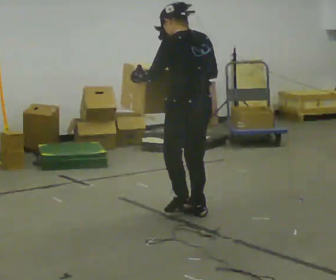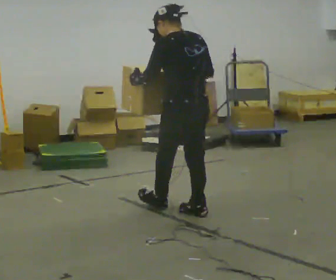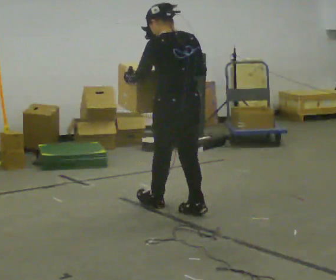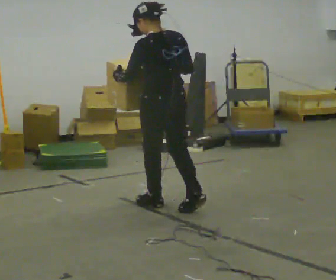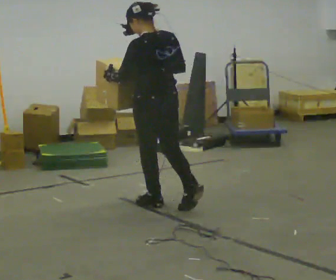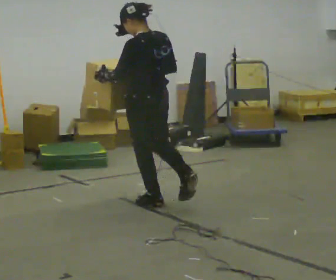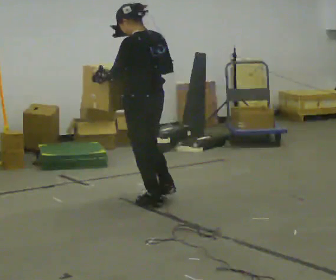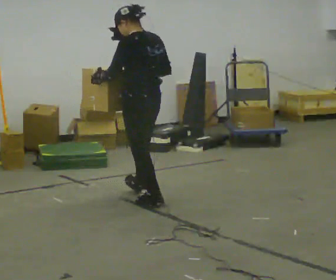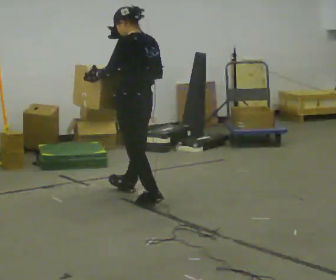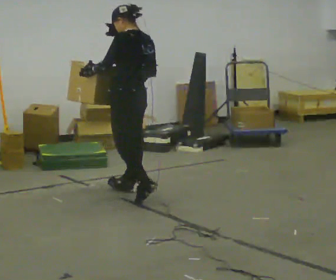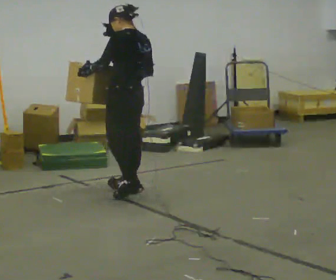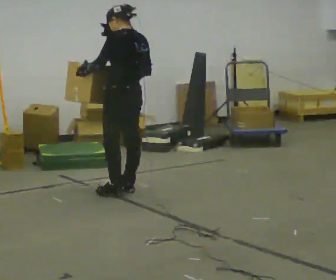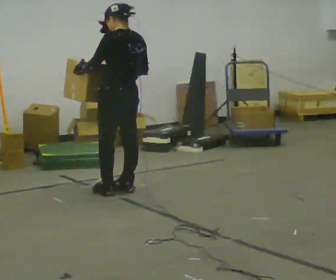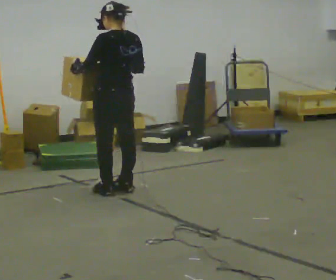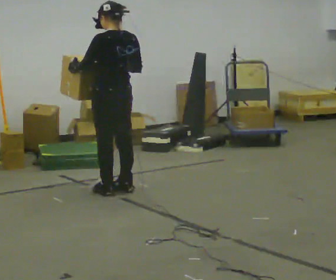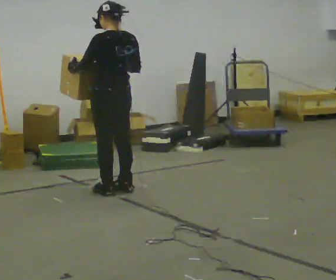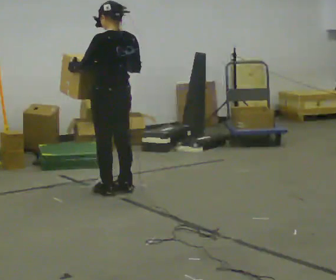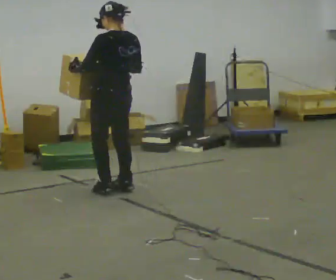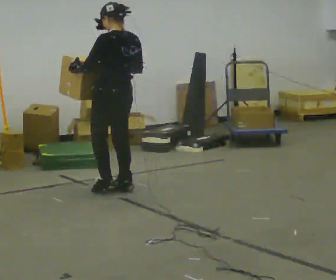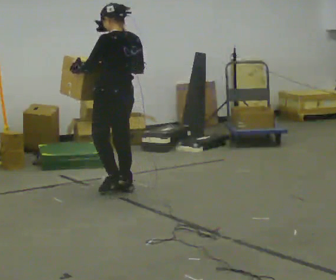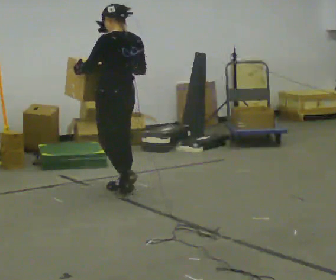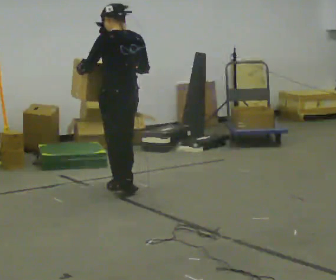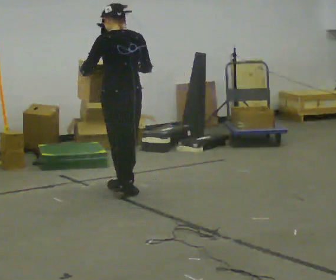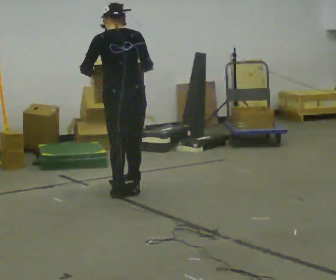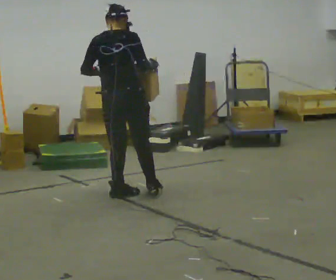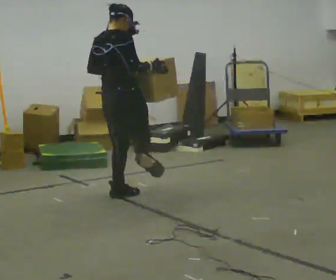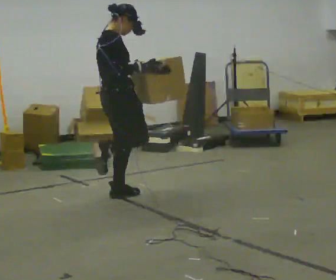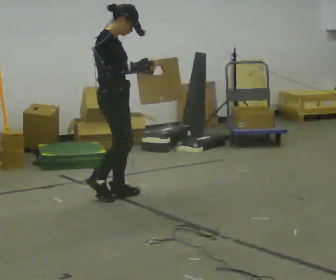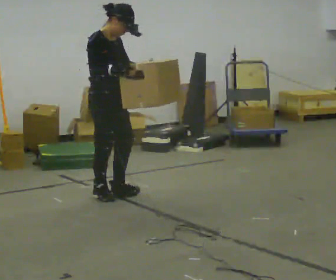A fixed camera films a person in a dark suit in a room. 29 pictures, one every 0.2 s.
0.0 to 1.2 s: In the picture they go away from the camera and to the left, about 0.5 m in 1 step, which for them is forward.
1.2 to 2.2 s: In the picture they go away from the camera, about 0.25 m in 1 step, which for them is forward and to their right.
2.2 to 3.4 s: The upper body tips toward the camera, its near side rolling downward.
3.4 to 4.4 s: The person moves a little, or ends about where they began.
4.4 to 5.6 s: The person turns about 135 degrees to their right, clockwise seen from above, so the part of the body nearest the lens slides to the left. In the picture they go to the left, about 0.25 m in 1 step. In the picture their left hand goes to the right.
The film runs backward here.
